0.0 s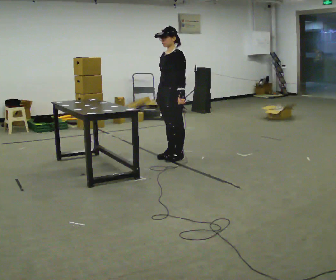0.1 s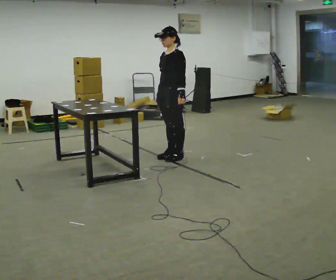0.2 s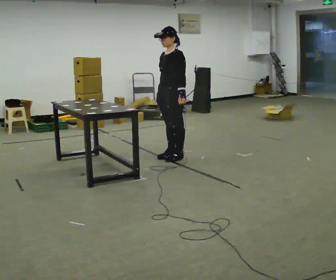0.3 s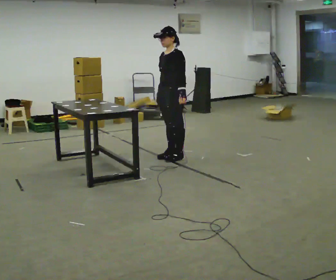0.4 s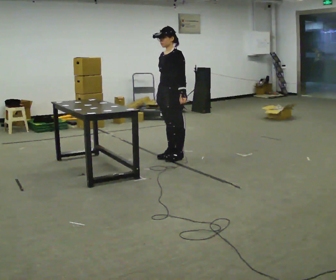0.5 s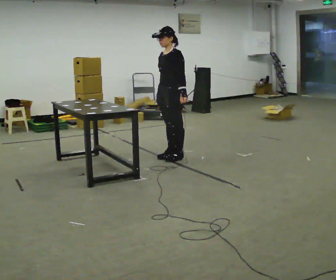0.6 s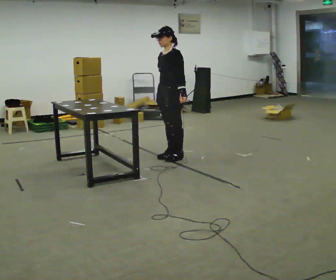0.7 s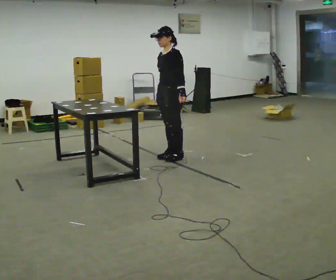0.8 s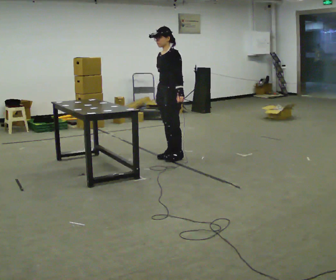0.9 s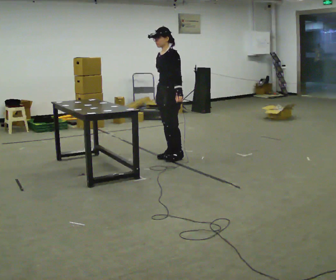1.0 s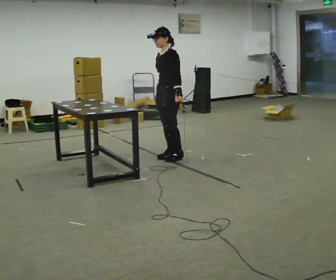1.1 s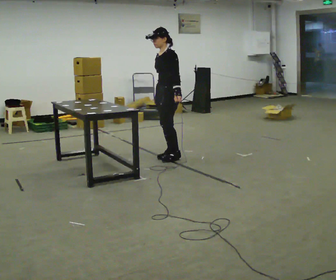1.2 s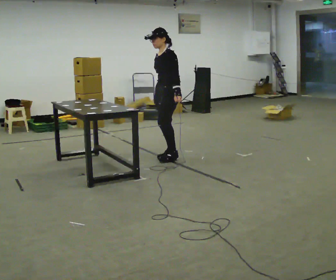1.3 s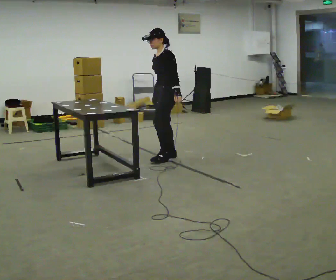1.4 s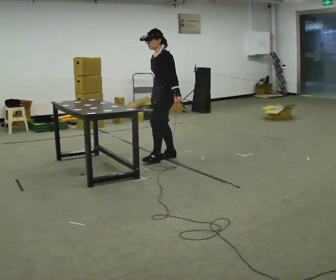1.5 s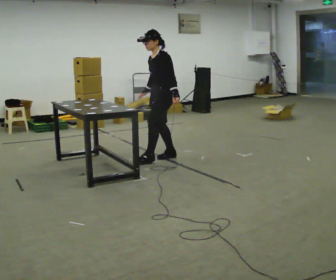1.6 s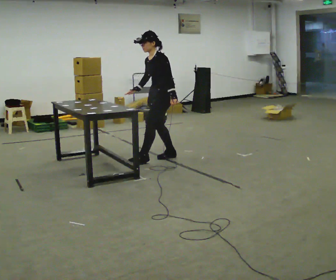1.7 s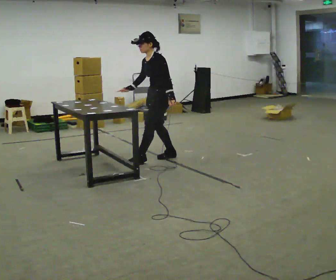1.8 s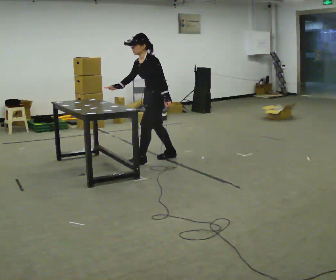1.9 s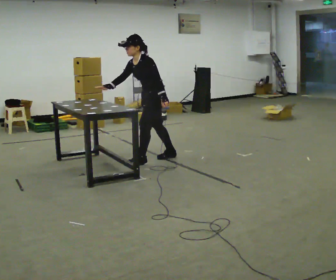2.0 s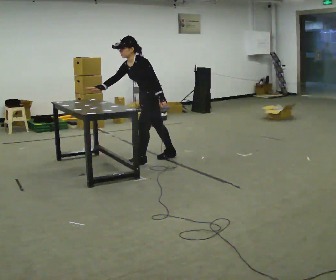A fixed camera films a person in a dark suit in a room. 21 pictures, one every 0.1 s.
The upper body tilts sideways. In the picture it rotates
counterclockwise.
0.0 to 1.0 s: The person moves a little, or ends about where they began.
1.0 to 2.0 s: In the picture they go to the left, about 0.25 m in 1 step, which for them is forward. In the picture the upper body tilts counterclockwise, shoulders to the left, as they bend forward. In the picture their right hand goes to the left, the arm swinging clockwise.
The film runs backward here.
